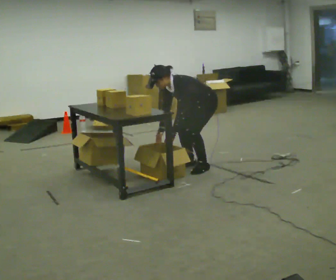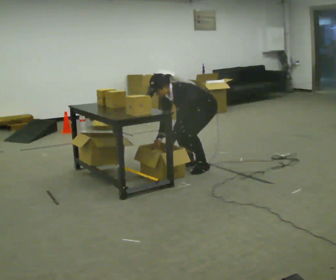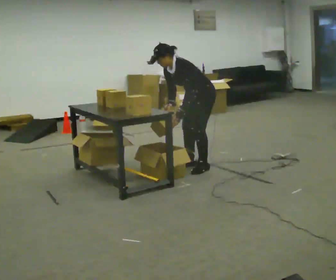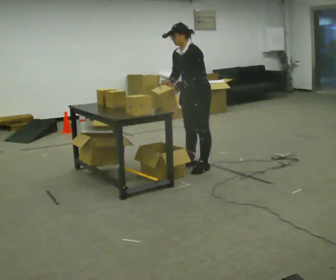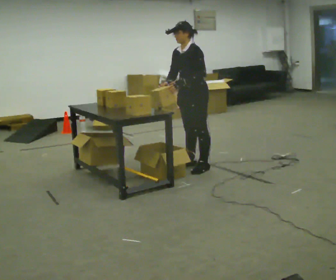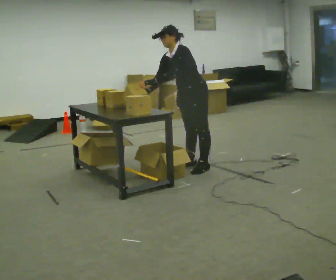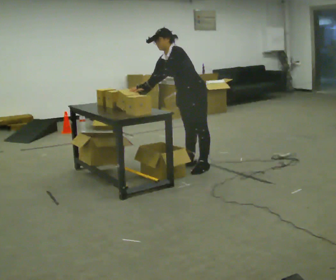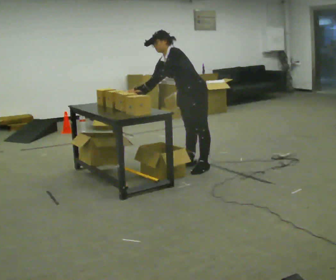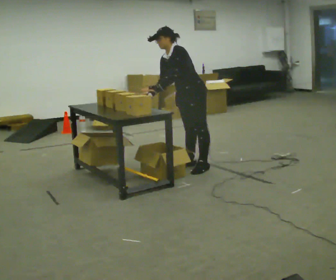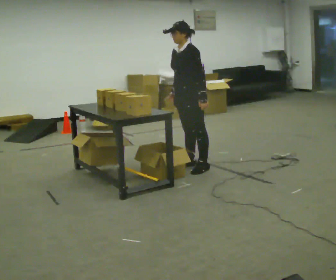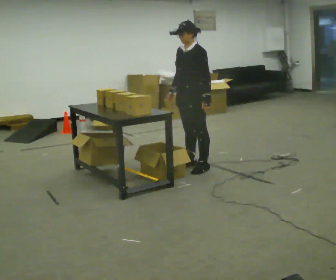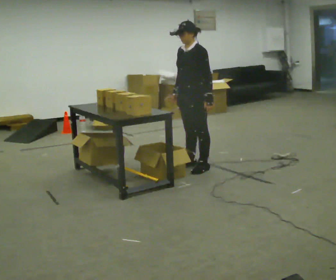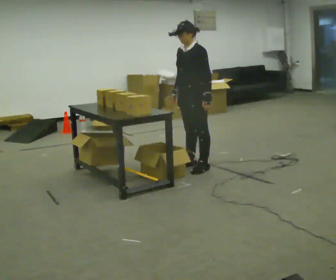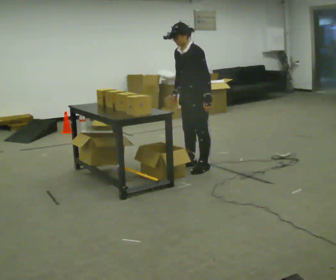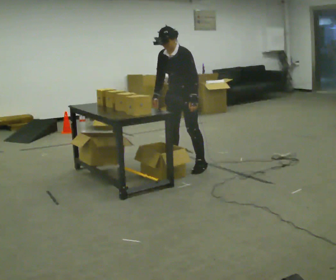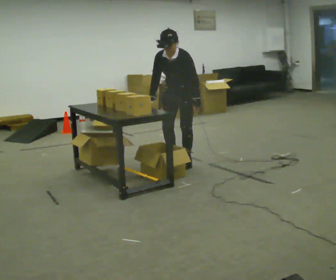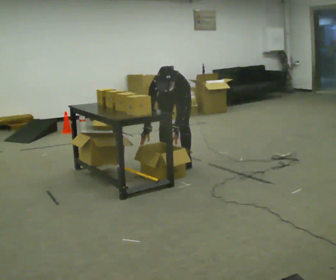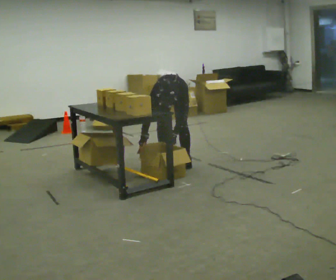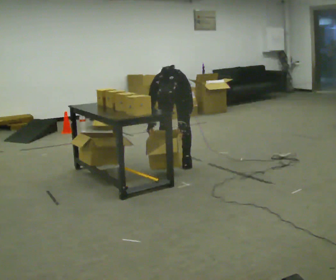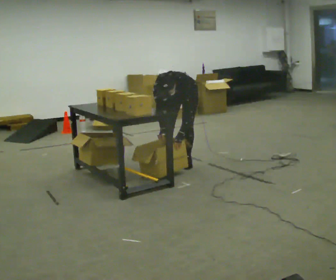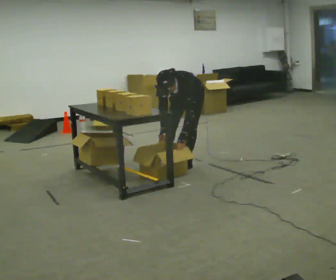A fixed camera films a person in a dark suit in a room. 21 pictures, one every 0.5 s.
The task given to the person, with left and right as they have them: 1. Take everything out of the crates by the door. 2. Put the small items on the middle shelf. 3. Put the large items on the bottom shelf. 4. Stack the empty crates by the door. 5. Tell the operator when you are finished.
0.0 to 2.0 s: The upper body goes upward. In the picture the upper body tilts clockwise, shoulders to the right, as they lean back or straighten. In the picture their left hand goes upward.
2.0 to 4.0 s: The person moves a little, or ends about where they began.
4.0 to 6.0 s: In the picture the upper body tilts clockwise, shoulders to the right, as they lean back or straighten. In the picture their left hand goes to the right.
6.0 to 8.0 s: Seen from above the body turns counterclockwise, about 45 degrees: to their left, with its near side sliding to the right. In the picture they go away from the camera and to the left, about 0.5 m in 2 steps, which for them is to their right. The upper body goes downward. The upper body tips toward the camera, its near side rolling downward, as they bend forward. In the picture their right hand goes downward.
8.0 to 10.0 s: In the picture they go to the right, about 0.25 m, which for them is to their left.
The film runs forward here.
